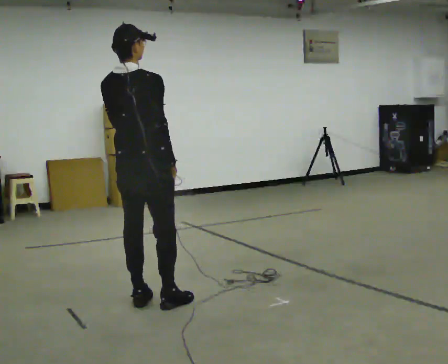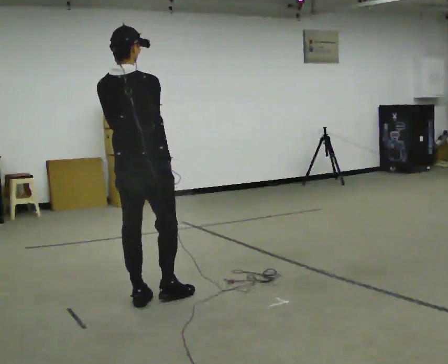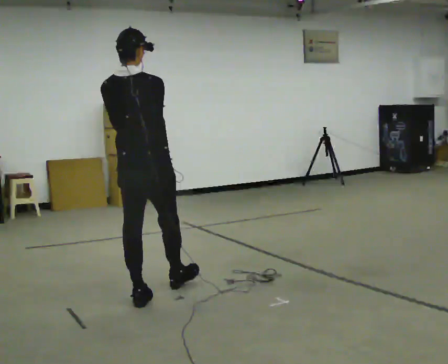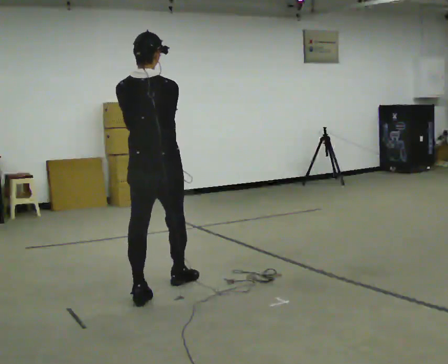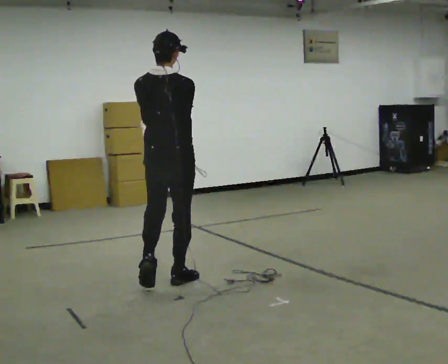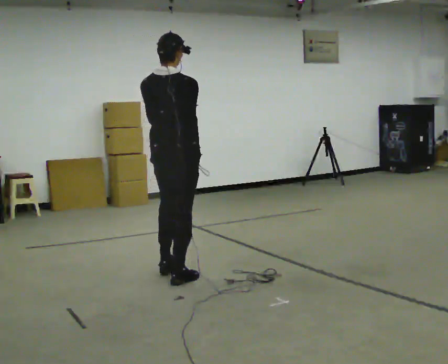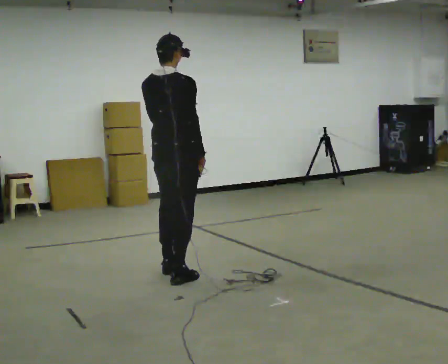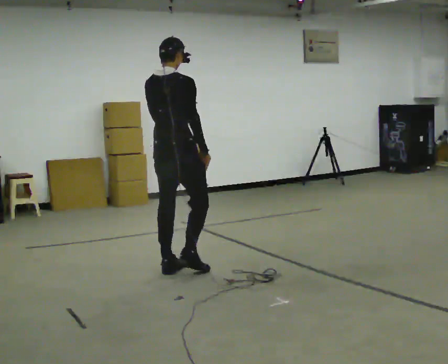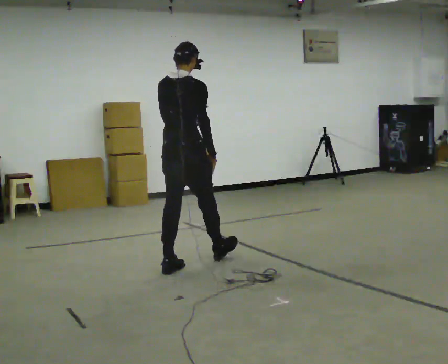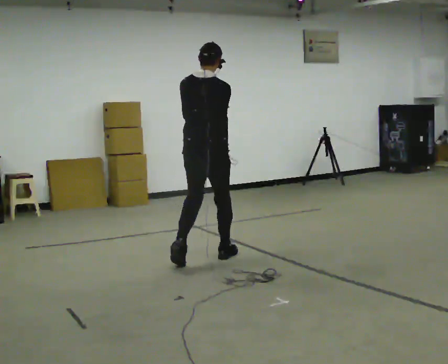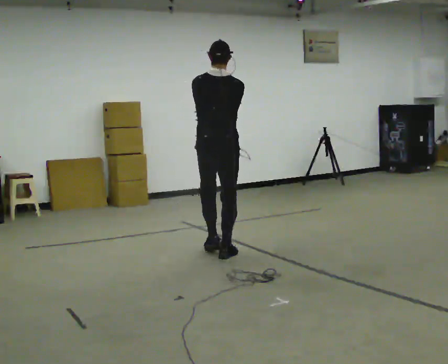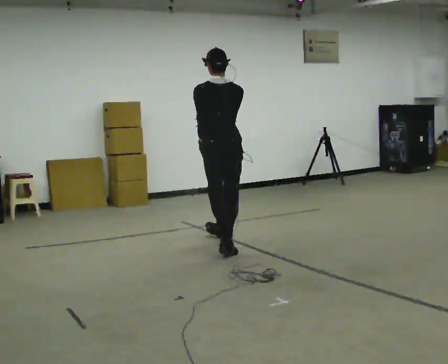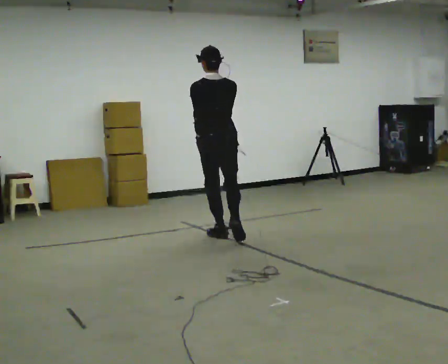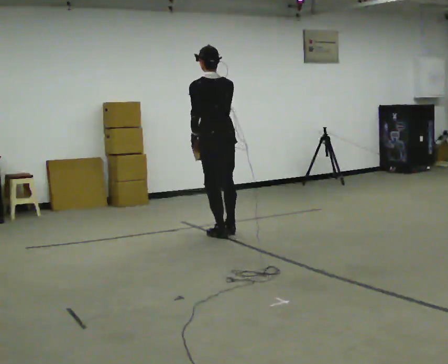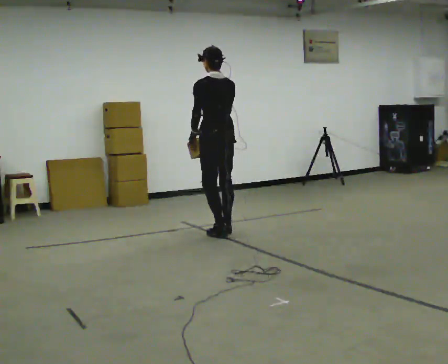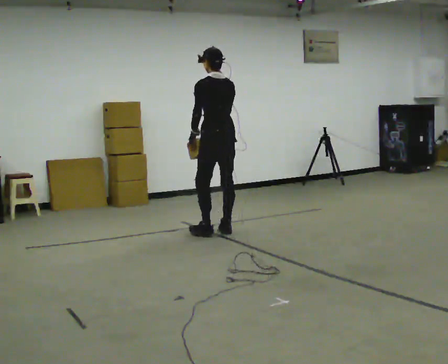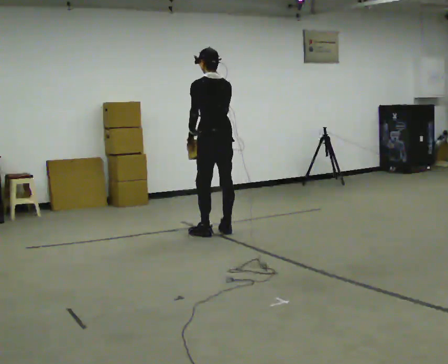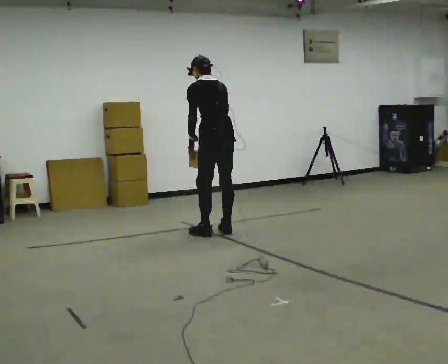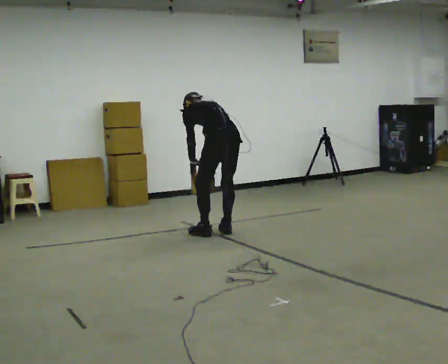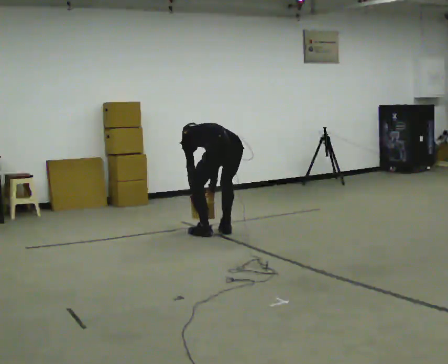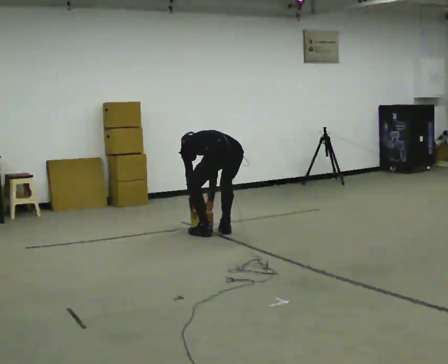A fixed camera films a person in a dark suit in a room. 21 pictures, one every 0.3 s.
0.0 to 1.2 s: In the picture they go away from the camera, about 0.5 m in 1 step, which for them is forward.
1.2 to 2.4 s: In the picture they go away from the camera, about 0.5 m in 1 step, which for them is forward.
2.4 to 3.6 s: The person turns about 45 degrees to their left, counterclockwise seen from above, so the part of the body nearest the lens slides to the right. In the picture they go away from the camera, about 1 m in 2 steps, which for them is forward.
3.6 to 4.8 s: In the picture they go away from the camera, about 0.25 m in 2 steps, which for them is forward and to their right.
4.8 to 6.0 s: The upper body goes downward. The upper body tips away from the camera, its near side rolling upward, as they bend forward. In the picture their right hand goes downward.
The film runs forward here.
